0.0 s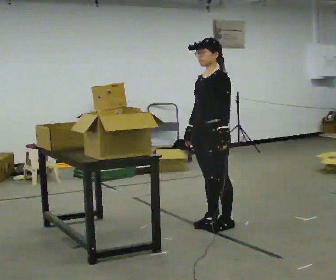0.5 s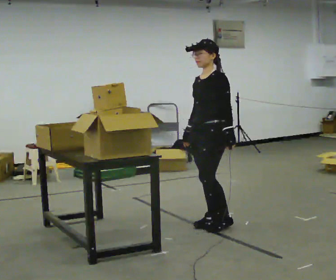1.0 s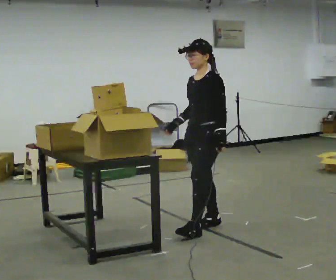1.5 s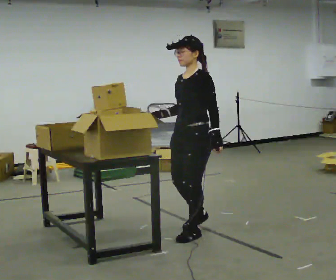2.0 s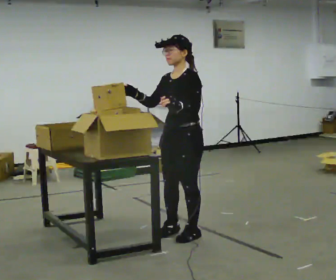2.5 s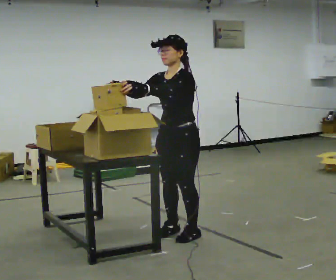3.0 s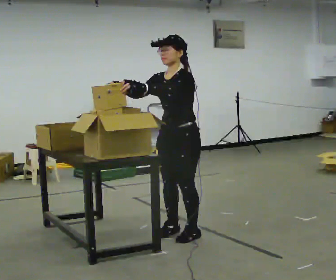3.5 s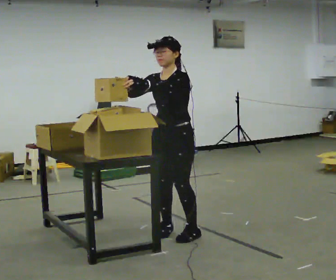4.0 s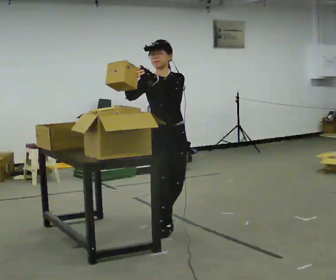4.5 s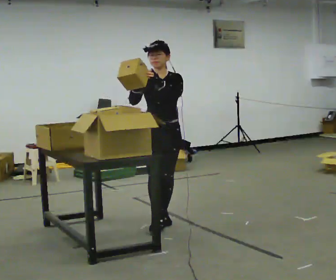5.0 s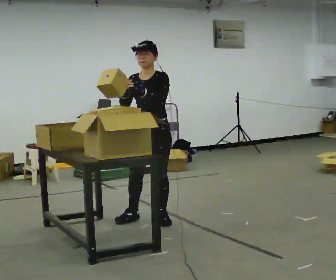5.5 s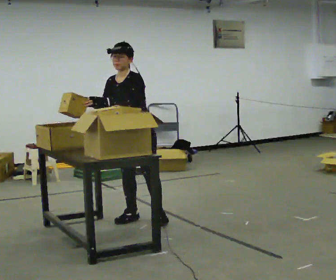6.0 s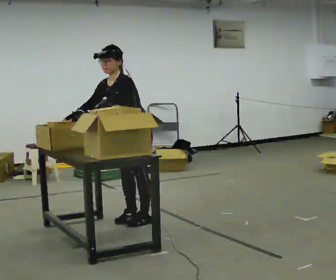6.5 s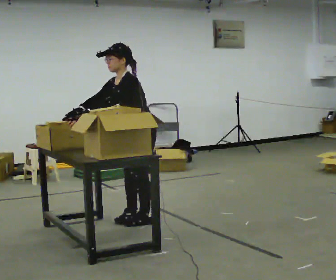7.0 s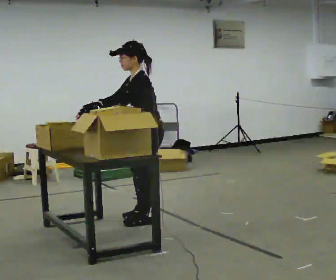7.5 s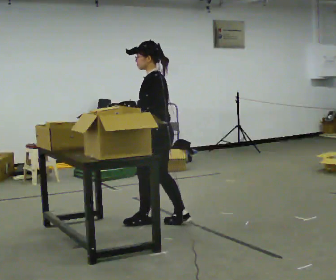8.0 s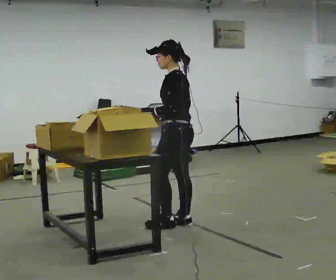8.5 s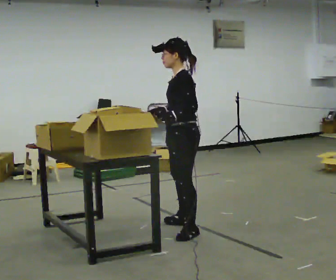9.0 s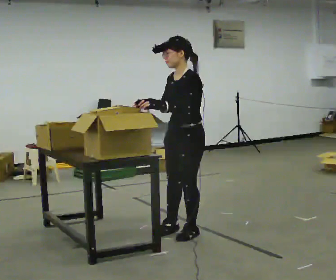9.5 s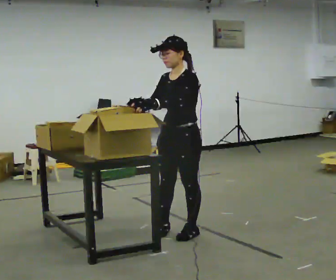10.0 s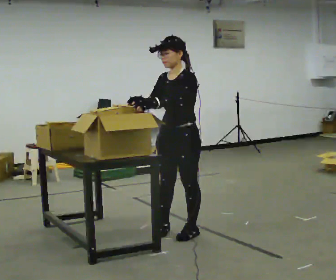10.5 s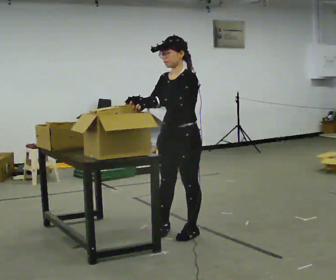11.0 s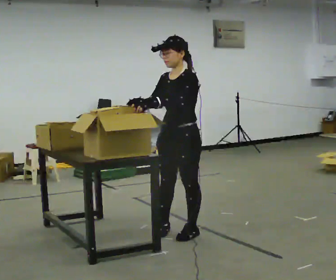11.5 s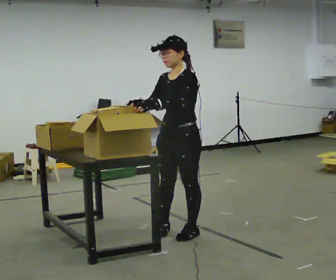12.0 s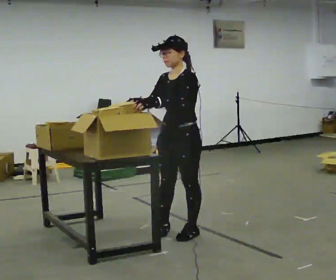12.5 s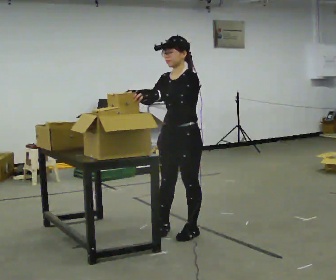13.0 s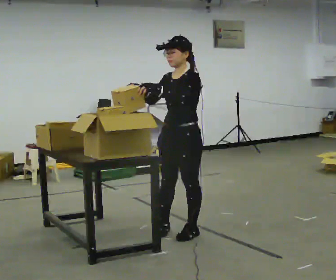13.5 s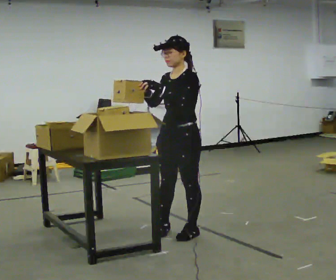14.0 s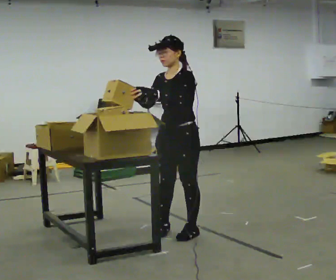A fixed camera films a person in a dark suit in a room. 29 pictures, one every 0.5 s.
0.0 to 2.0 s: In the picture they go to the left and toward the camera, about 0.25 m in 2 steps, which for them is forward. In the picture their right hand goes upward, the arm swinging clockwise.
2.0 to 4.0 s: The person turns about 45 degrees to their left, counterclockwise seen from above, so the part of the body nearest the lens slides to the right. In the picture they go away from the camera, about 0.25 m in 1 step, which for them is to their right.
4.0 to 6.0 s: The part of the body nearest the lens slides to the left as the person turns to their right by about 45 degrees. In the picture they go away from the camera and to the left, about 0.5 m in 1 step, which for them is to their right and backward. In the picture the upper body tilts counterclockwise, shoulders to the left, as they bend forward.
6.0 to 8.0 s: The part of the body nearest the lens slides to the left as the person turns to their right by about 60 degrees. In the picture they go to the right and toward the camera, about 0.5 m in 2 steps. In the picture the upper body tilts clockwise, shoulders to the right, as they lean back or straighten.
8.0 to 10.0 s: The part of the body nearest the lens slides to the right as the person turns to their left by about 60 degrees. In the picture they go toward the camera, about 0.25 m in 1 step.
10.0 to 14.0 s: The person moves a little, or ends about where they began.
The film runs backward here.
